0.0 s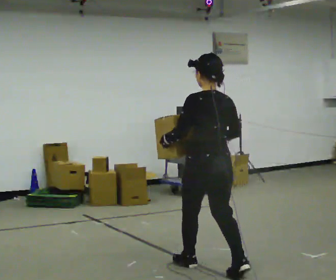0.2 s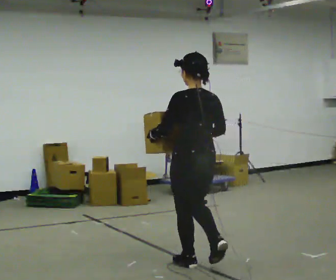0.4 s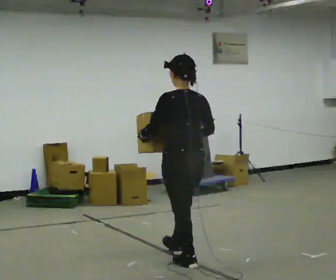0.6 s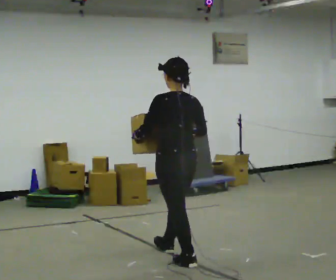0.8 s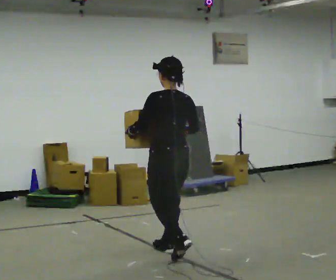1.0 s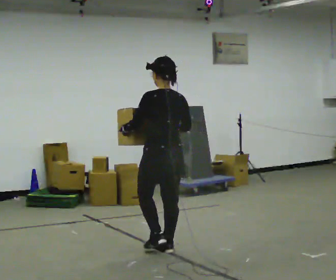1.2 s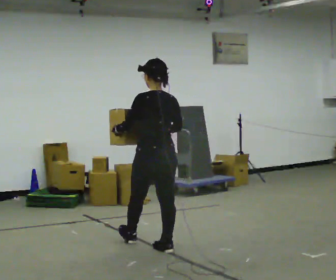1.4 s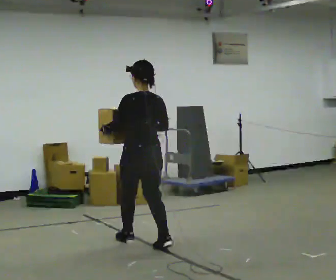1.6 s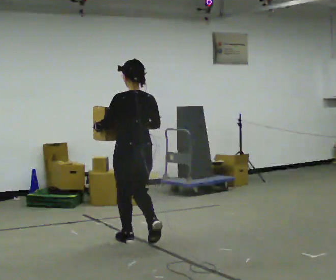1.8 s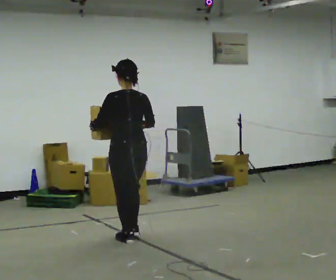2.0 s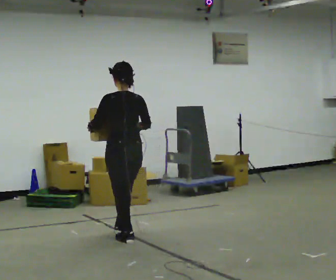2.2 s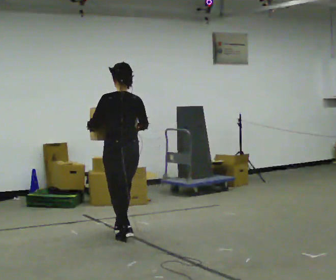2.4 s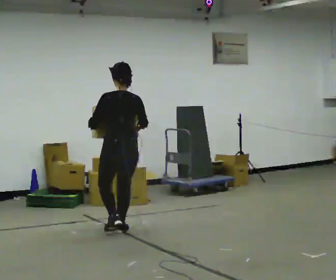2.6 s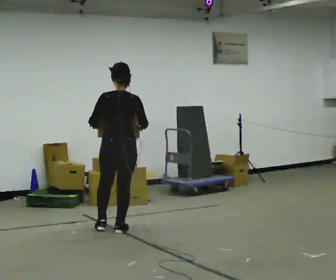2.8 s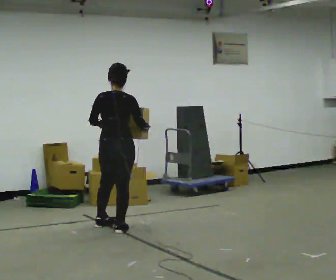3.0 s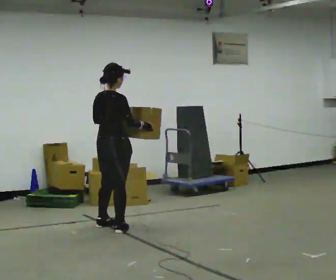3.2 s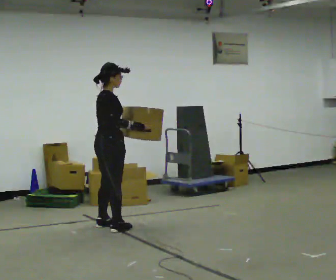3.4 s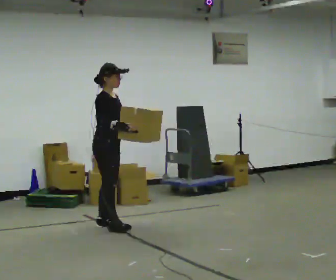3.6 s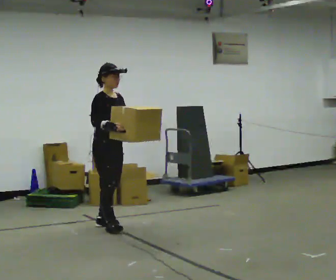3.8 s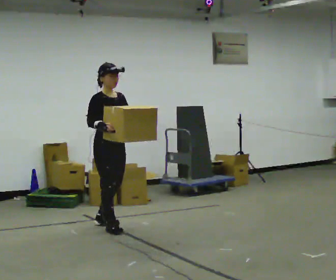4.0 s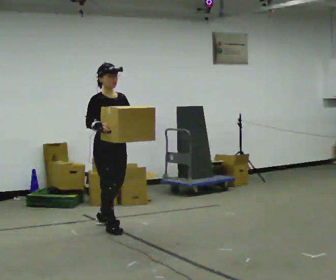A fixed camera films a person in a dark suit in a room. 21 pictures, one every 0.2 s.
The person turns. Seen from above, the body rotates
clockwise.
The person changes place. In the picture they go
away from the camera.
0.0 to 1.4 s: In the picture they go away from the camera and to the left, about 1 m in 2 steps, which for them is forward.
1.4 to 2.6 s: The person turns about 30 degrees to their right, clockwise seen from above, so the part of the body nearest the lens slides to the left. In the picture they go away from the camera, about 0.5 m in 1 step, which for them is forward.
2.6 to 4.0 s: Seen from above the body turns clockwise, about 135 degrees: to their right, with its near side sliding to the left. In the picture their left hand goes to the right.
The film runs forward here.
